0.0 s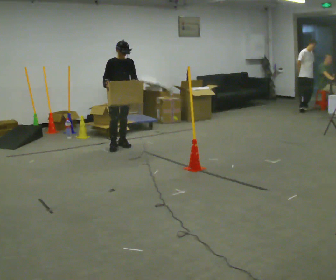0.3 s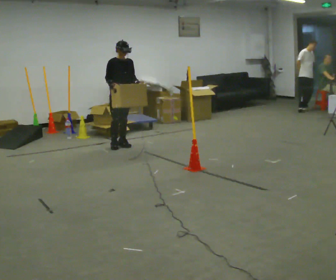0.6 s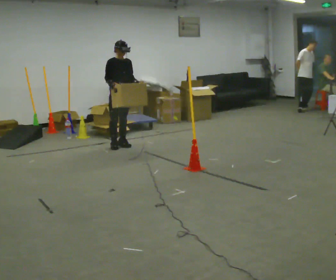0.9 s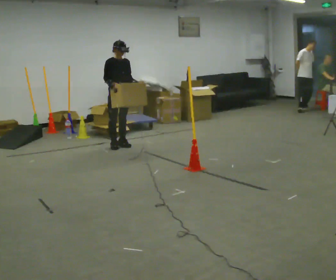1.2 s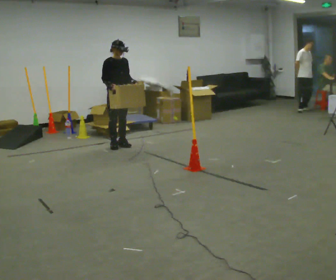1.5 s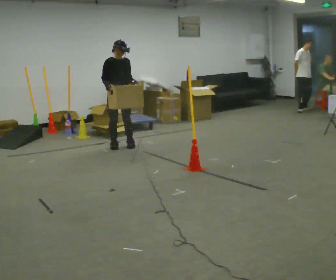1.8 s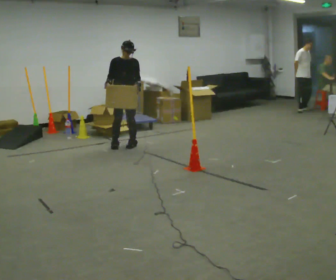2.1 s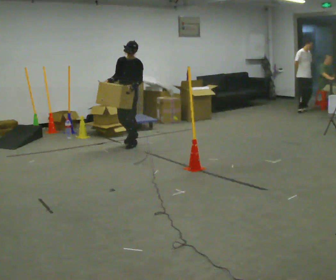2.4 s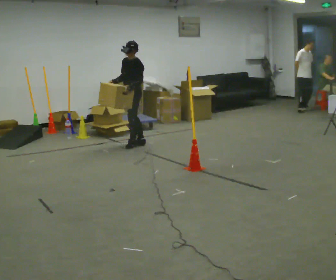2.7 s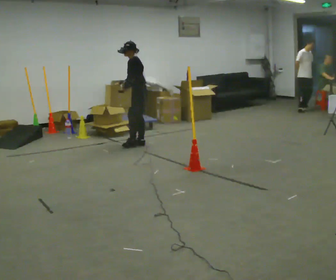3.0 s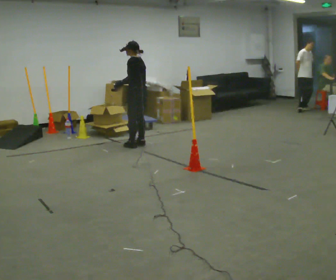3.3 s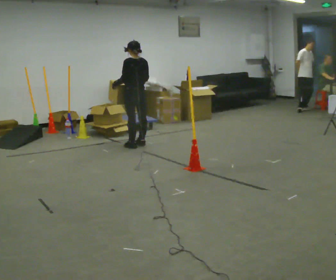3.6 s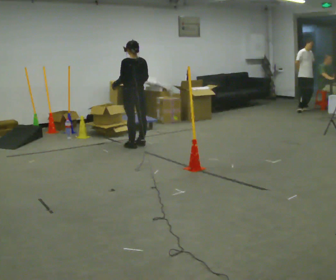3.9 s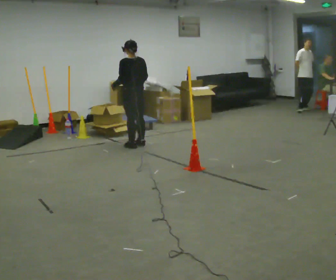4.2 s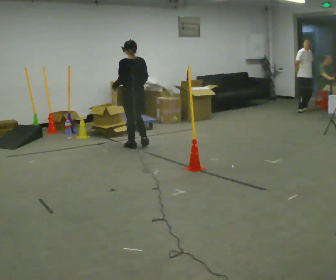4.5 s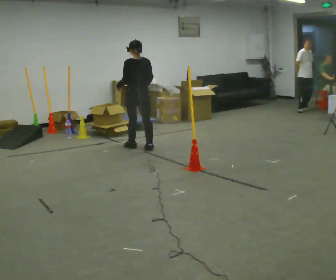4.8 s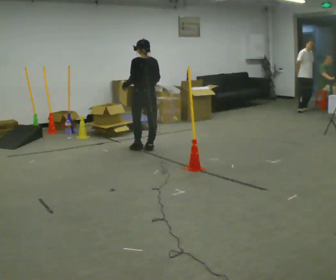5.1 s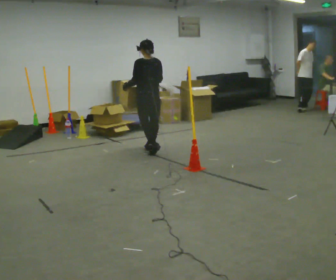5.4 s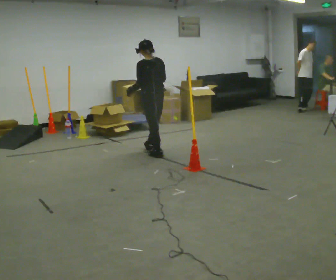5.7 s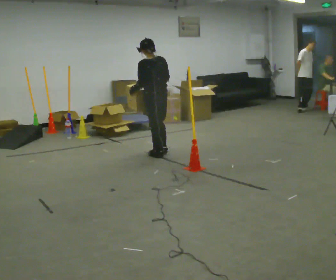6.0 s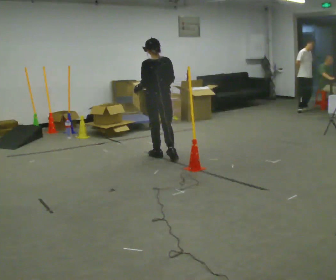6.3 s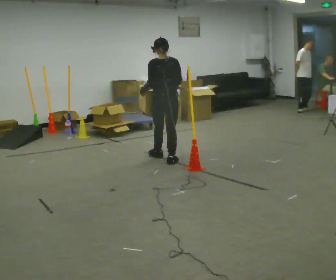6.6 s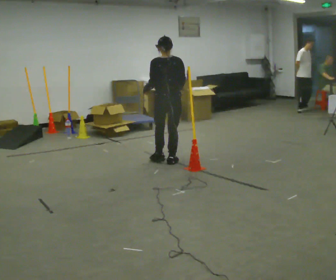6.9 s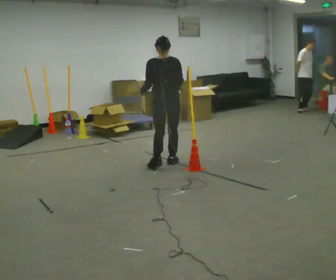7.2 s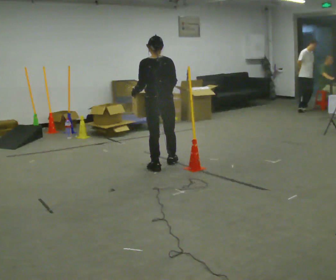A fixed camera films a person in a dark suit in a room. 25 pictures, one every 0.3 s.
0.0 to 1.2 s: The person moves a little, or ends about where they began.
1.2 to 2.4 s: The person turns about 90 degrees to their right, clockwise seen from above, so the part of the body nearest the lens slides to the left. In the picture they go to the right, about 0.25 m in 2 steps.
2.4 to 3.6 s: The person turns about 90 degrees to their right, clockwise seen from above, so the part of the body nearest the lens slides to the left. In the picture their right hand goes to the right, the arm swinging counterclockwise.
3.6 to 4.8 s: In the picture they go toward the camera, about 0.25 m in 2 steps, which for them is backward.
4.8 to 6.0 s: In the picture they go toward the camera, about 0.5 m in 1 step, which for them is backward.
6.0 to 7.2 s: In the picture they go toward the camera, about 0.5 m in 1 step, which for them is backward.
The film runs backward here.
